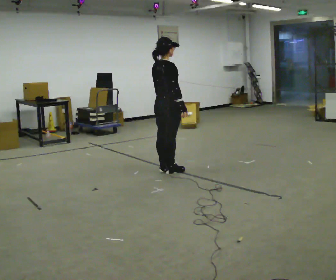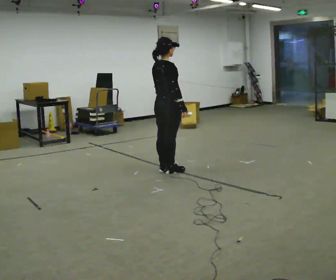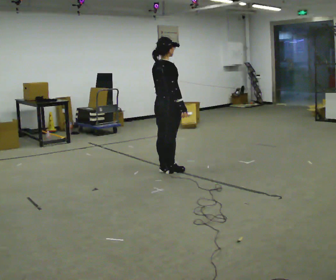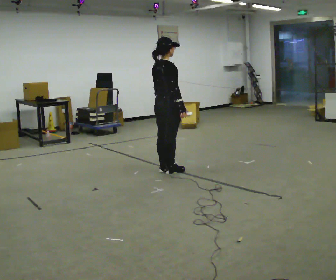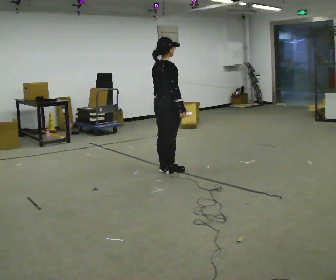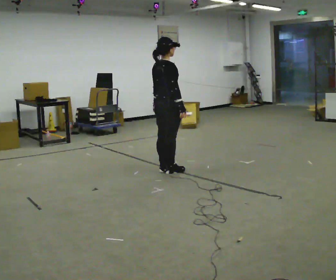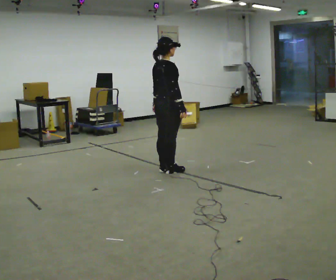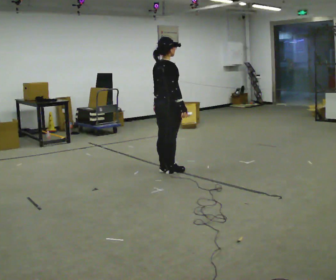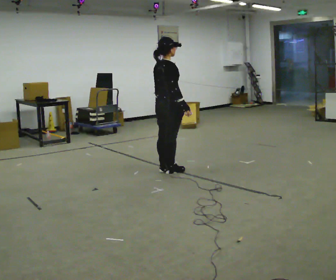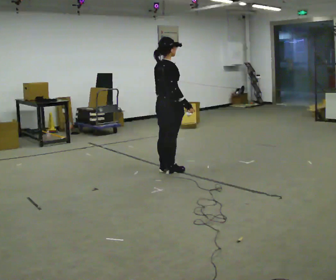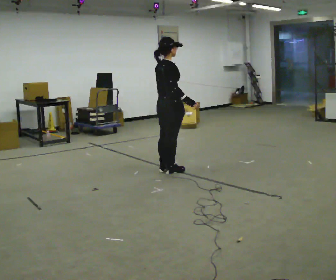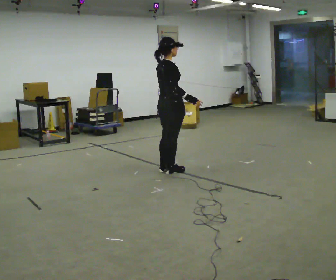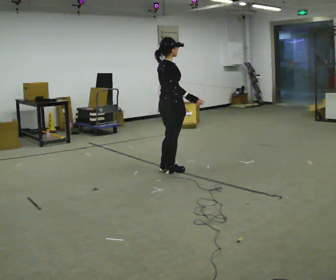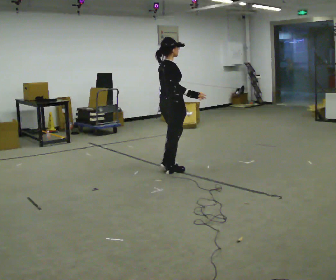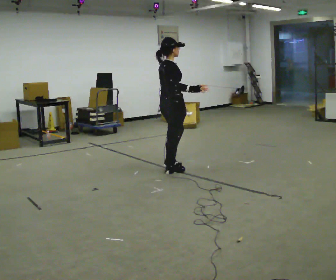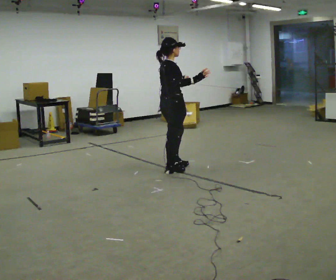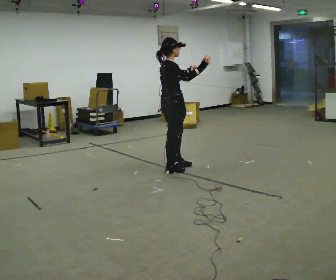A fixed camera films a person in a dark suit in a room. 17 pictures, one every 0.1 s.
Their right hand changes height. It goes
upward.
Their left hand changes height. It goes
upward.
0.0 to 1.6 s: In the picture their left hand goes upward and to the right.
The film runs forward here.
